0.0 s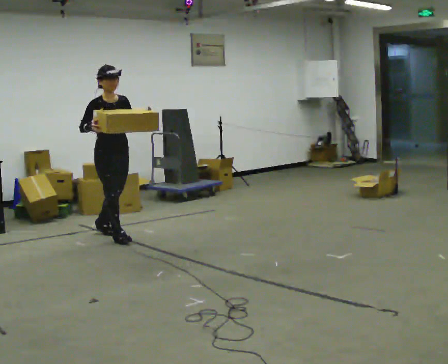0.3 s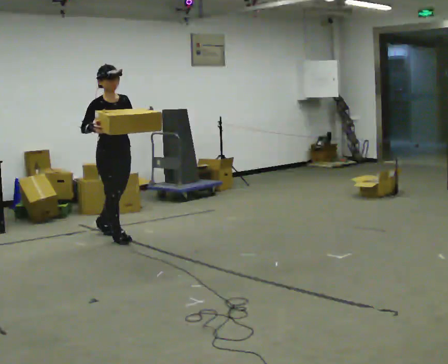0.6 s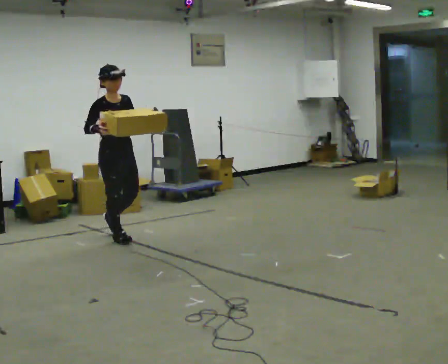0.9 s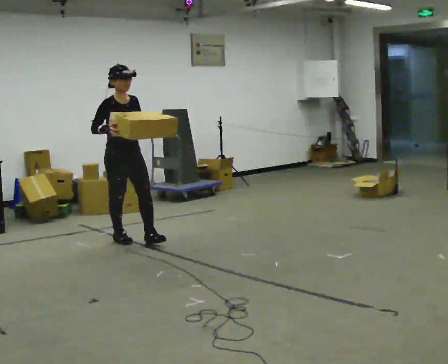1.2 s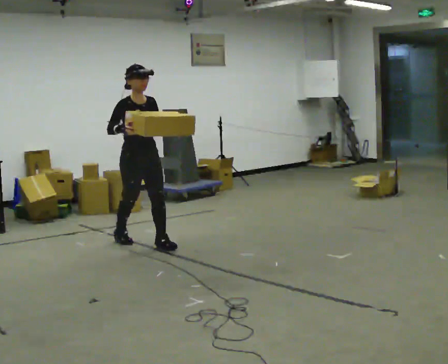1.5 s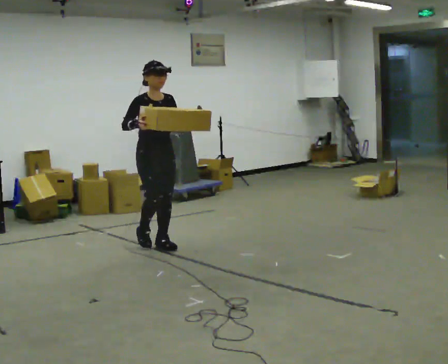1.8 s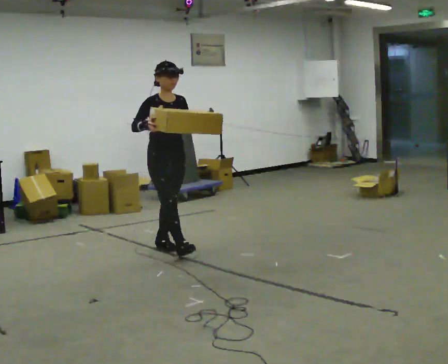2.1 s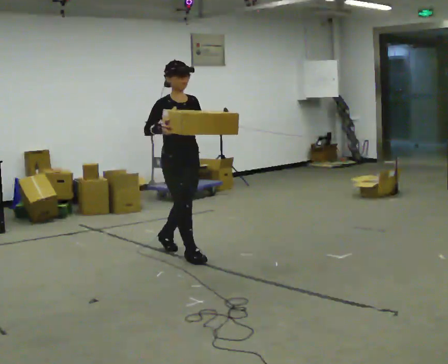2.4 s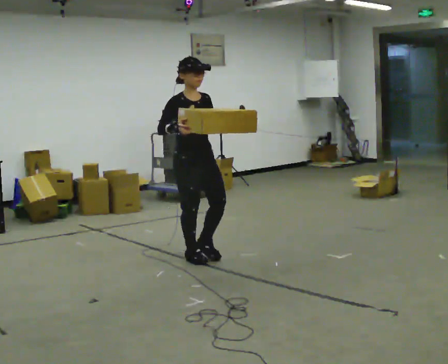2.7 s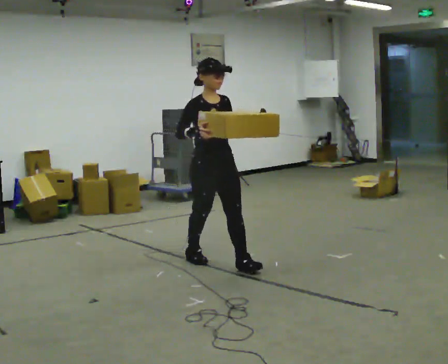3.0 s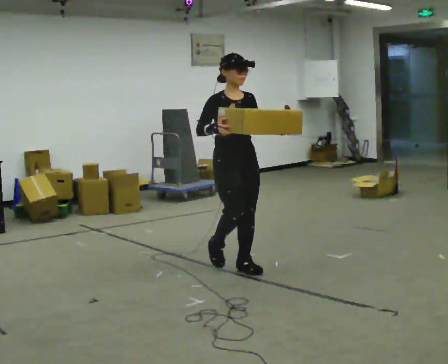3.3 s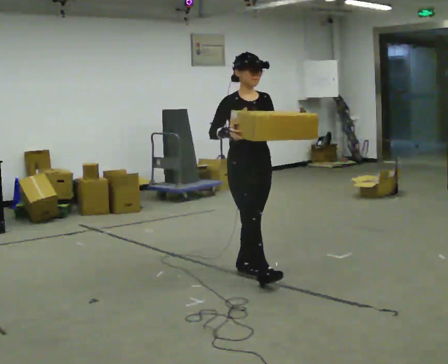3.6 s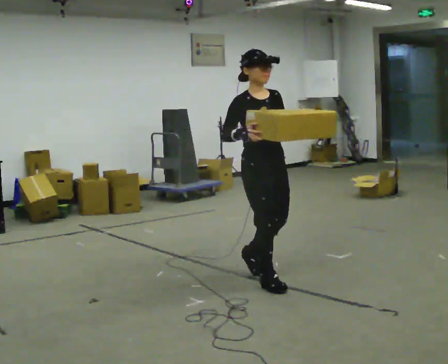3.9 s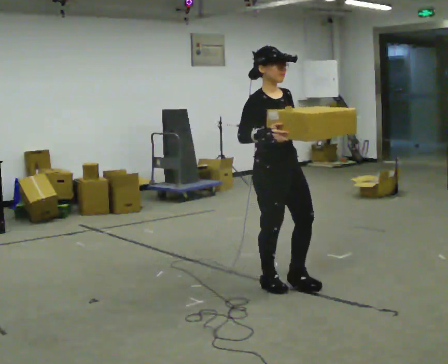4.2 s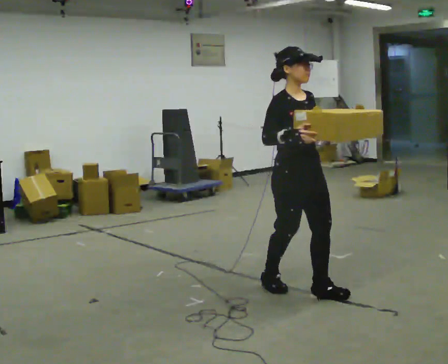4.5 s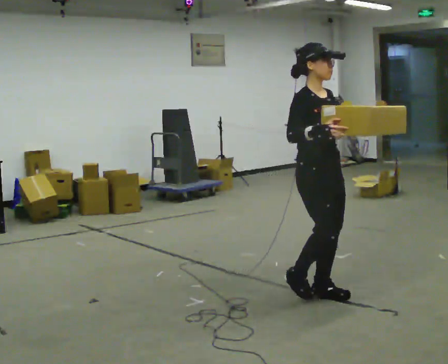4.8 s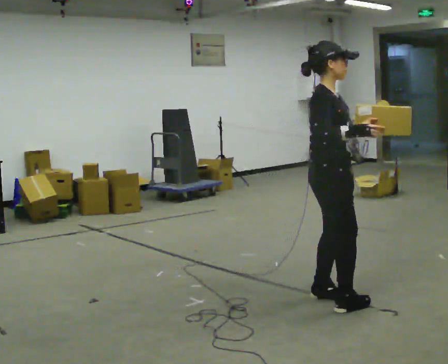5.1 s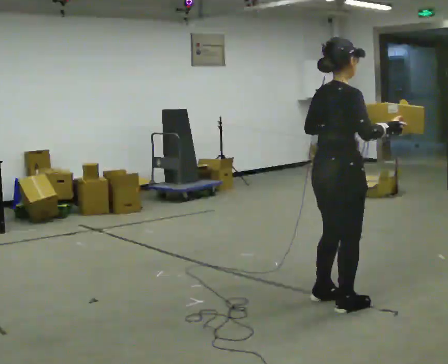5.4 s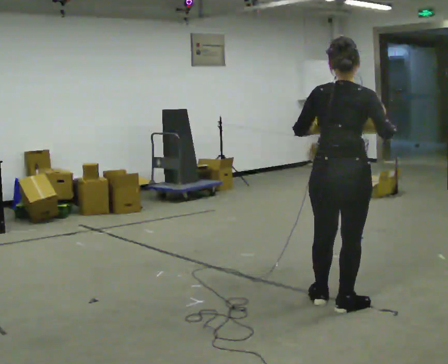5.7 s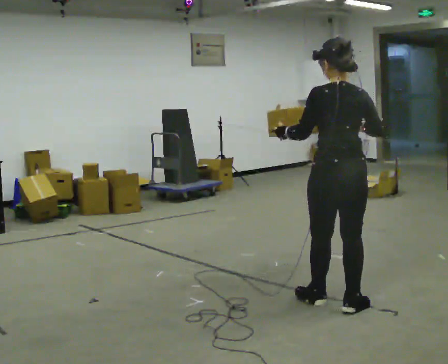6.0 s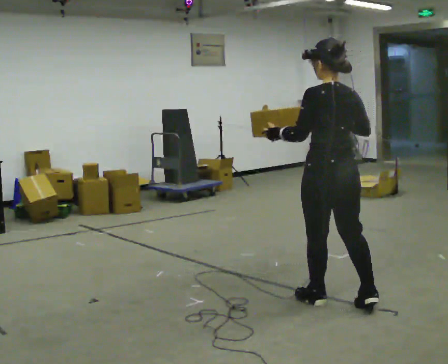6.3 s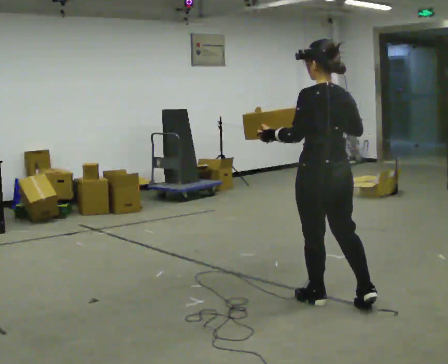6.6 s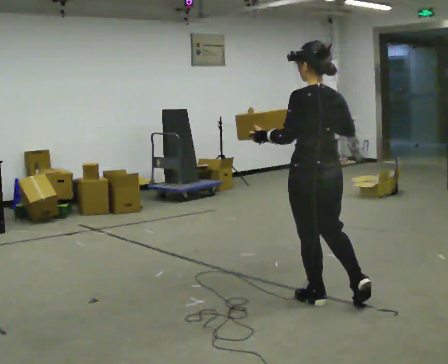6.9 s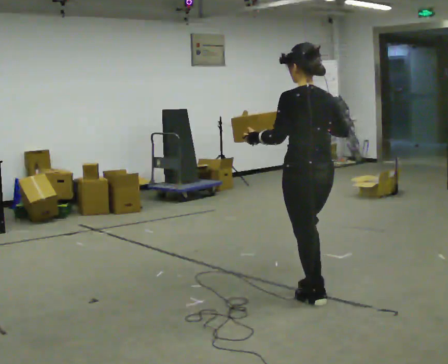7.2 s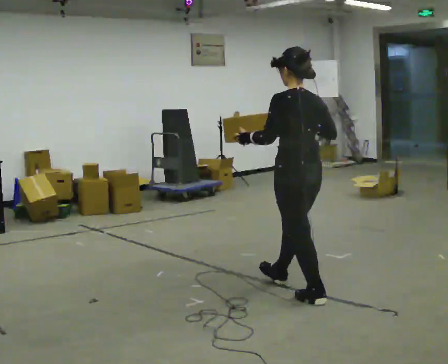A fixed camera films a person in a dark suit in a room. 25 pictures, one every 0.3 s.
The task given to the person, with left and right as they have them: Carry the medium box in both hands in front of you, walking back and forth across the room. Keep walking until the operator says stop.
0.0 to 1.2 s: In the picture they go to the right and toward the camera, about 0.5 m in 1 step, which for them is forward.
1.2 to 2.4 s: In the picture they go toward the camera and to the right, about 0.5 m in 1 step, which for them is forward.
2.4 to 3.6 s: In the picture they go toward the camera and to the right, about 1 m in 2 steps, which for them is forward.
3.6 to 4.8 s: The person turns about 45 degrees to their left, counterclockwise seen from above, so the part of the body nearest the lens slides to the right. In the picture they go toward the camera and to the right, about 0.5 m in 2 steps, which for them is forward.
4.8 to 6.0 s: Seen from above the body turns counterclockwise, about 120 degrees: to their left, with its near side sliding to the right. In the picture their left hand goes to the left.
6.0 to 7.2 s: In the picture they go away from the camera and to the left, about 0.25 m in 1 step, which for them is forward.
The film runs forward here.
